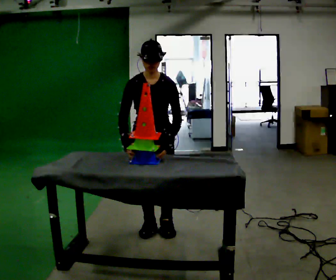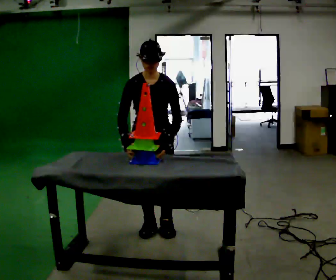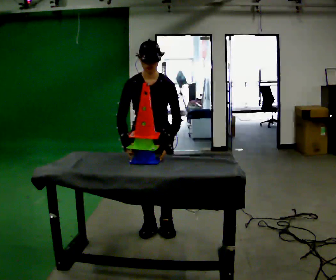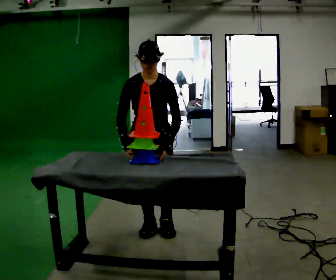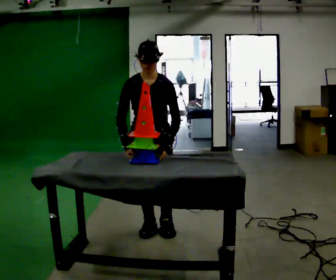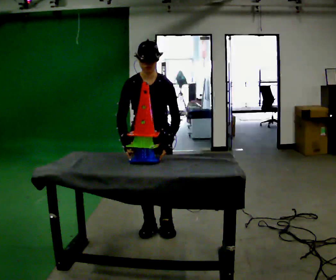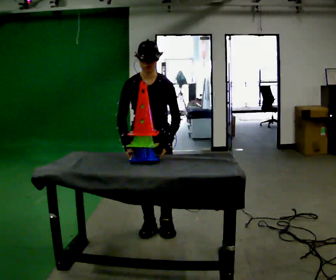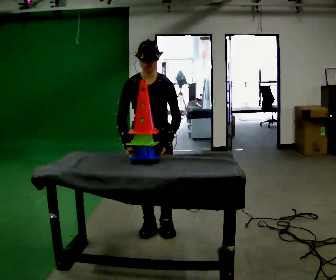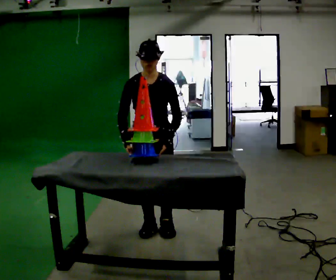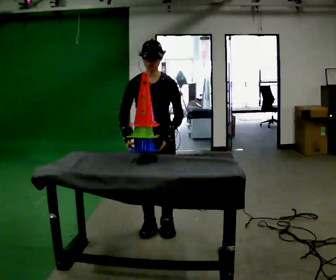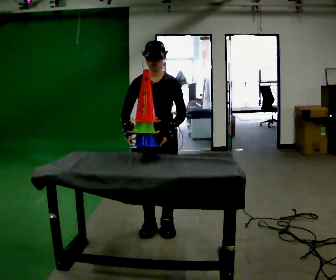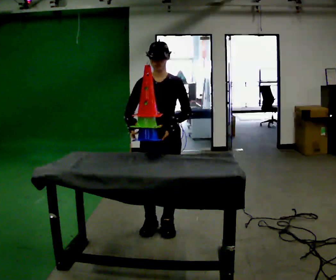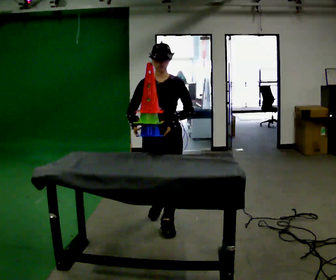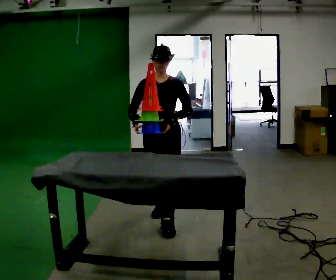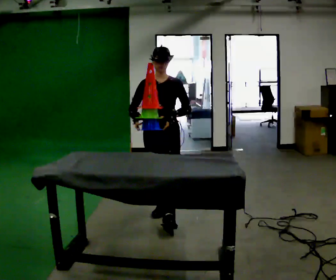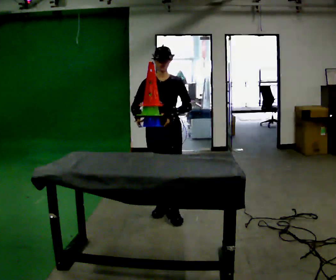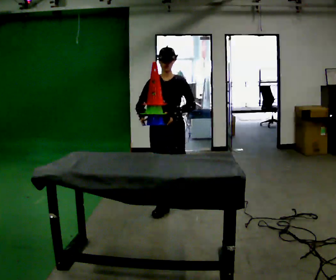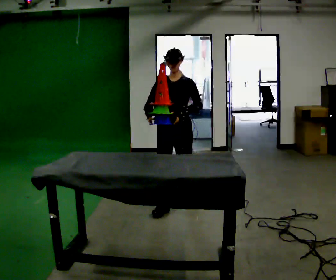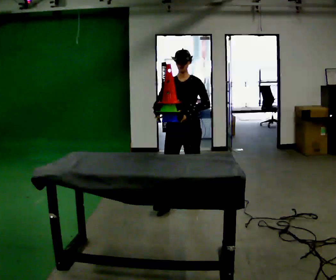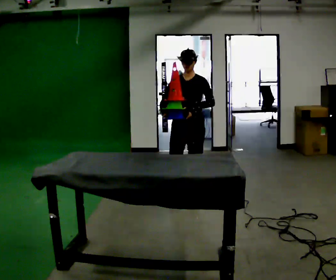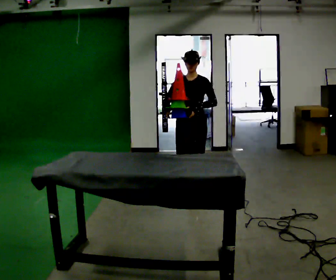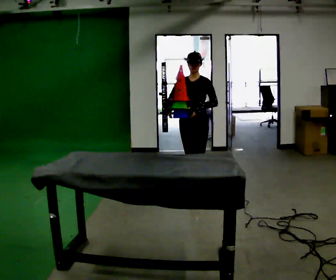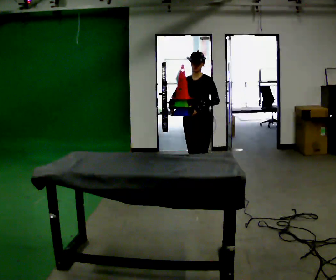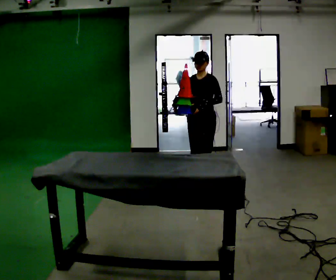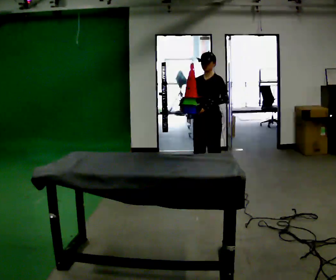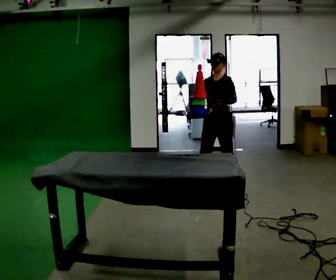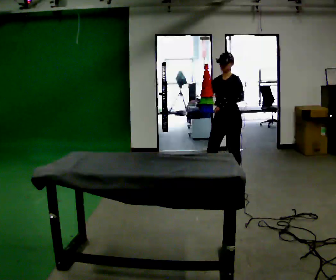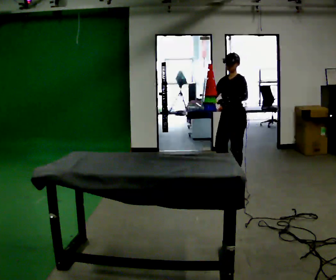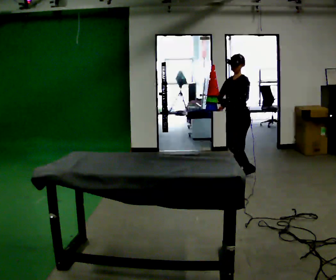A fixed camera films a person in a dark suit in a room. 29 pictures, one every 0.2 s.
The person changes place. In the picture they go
away from the camera.
0.0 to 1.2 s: The person keeps their place and pose.
1.2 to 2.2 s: The person moves a little, or ends about where they began.
2.2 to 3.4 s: In the picture they go away from the camera, about 0.5 m in 1 step, which for them is backward.
3.4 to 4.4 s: In the picture they go away from the camera and to the right, about 0.5 m in 2 steps, which for them is backward.
4.4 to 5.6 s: The person turns about 30 degrees to their right, clockwise seen from above, so the part of the body nearest the lens slides to the left. In the picture they go to the right and away from the camera, about 0.5 m in 1 step, which for them is backward.
The film runs backward here.
